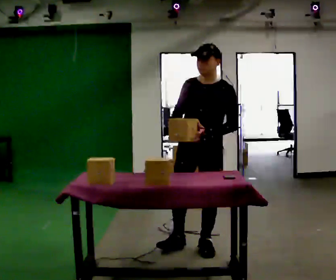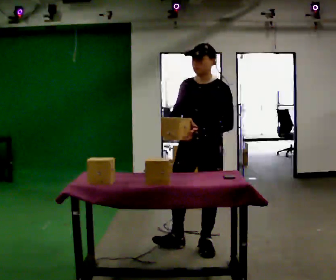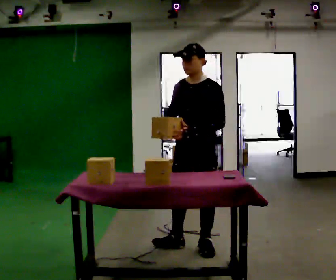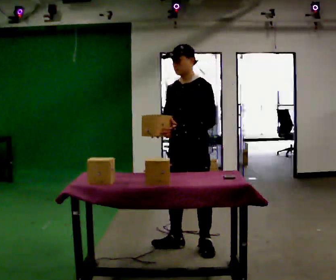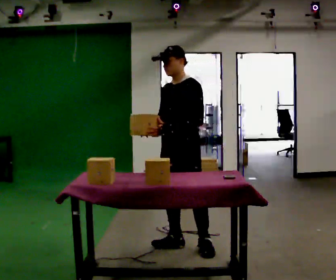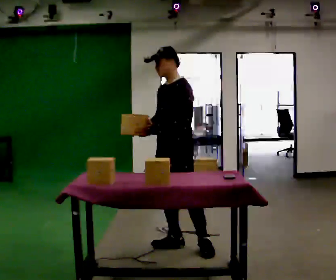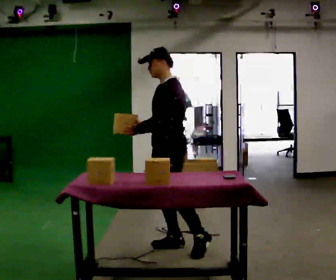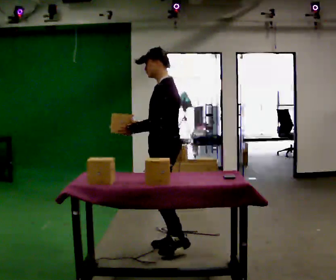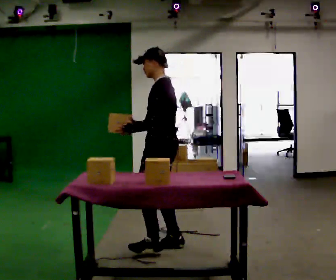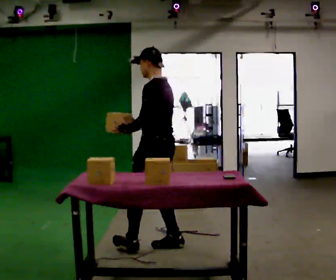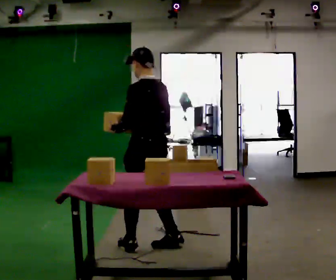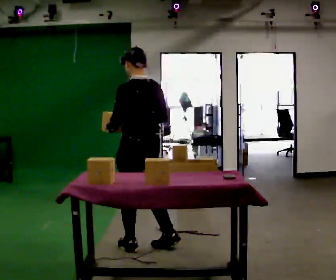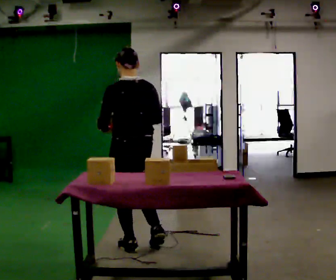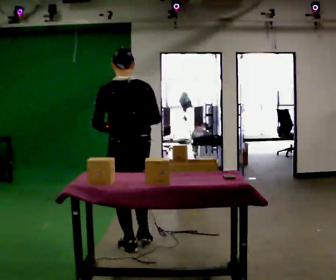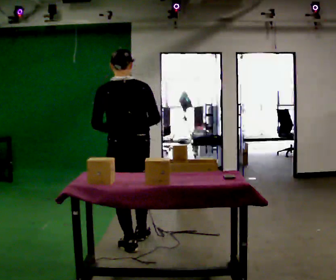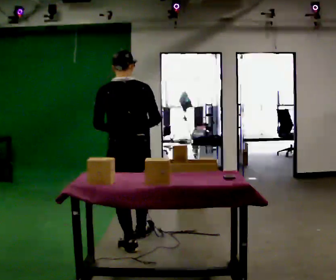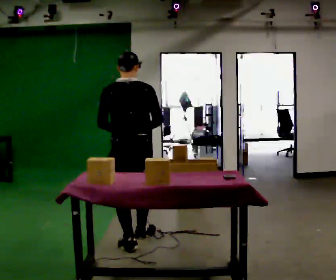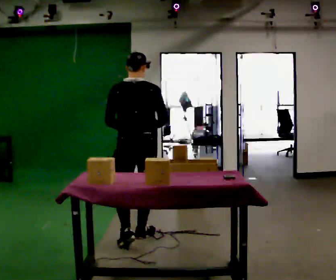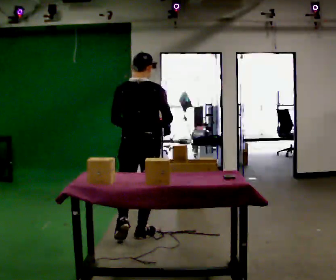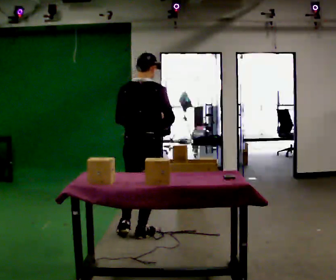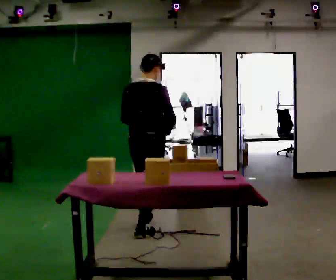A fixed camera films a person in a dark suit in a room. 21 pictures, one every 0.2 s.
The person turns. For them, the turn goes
to their right.
Their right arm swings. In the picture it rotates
counterclockwise.
0.0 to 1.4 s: Seen from above the body turns clockwise, about 60 degrees: to their right, with its near side sliding to the left. In the picture they go to the left, about 0.25 m, which for them is to their right and forward.
1.4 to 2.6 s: The person turns about 75 degrees to their right, clockwise seen from above, so the part of the body nearest the lens slides to the left. In the picture they go to the left, about 0.25 m in 1 step.
2.6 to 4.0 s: Seen from above the body turns clockwise, about 45 degrees: to their right, with its near side sliding to the left. In the picture they go away from the camera, about 0.5 m in 1 step, which for them is forward.
The film runs forward here.
